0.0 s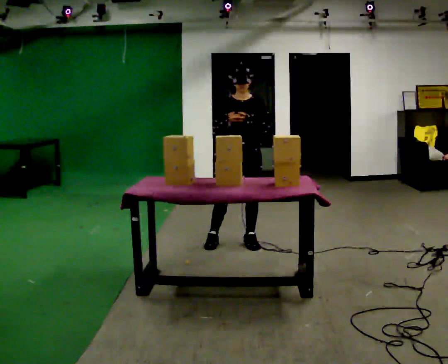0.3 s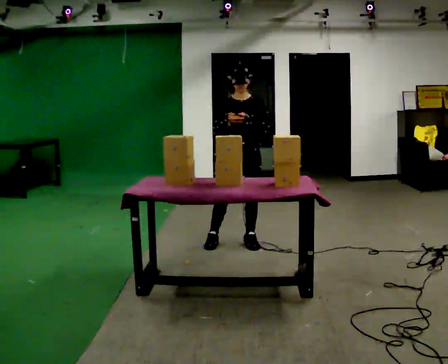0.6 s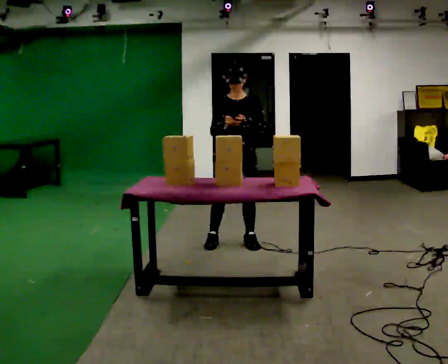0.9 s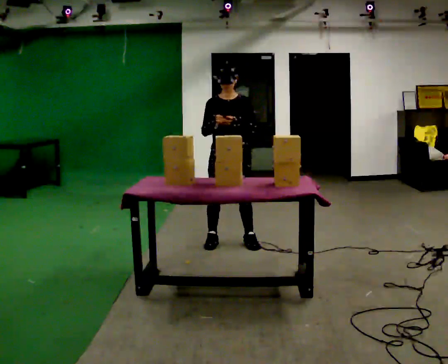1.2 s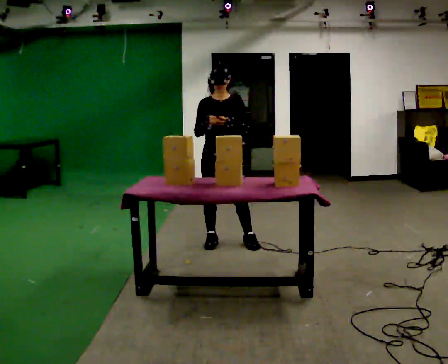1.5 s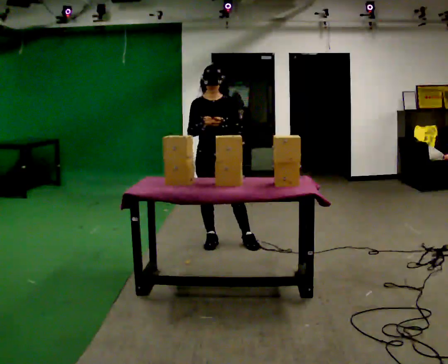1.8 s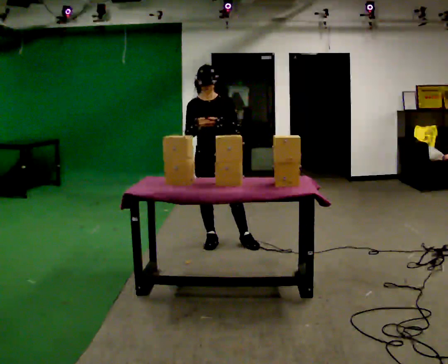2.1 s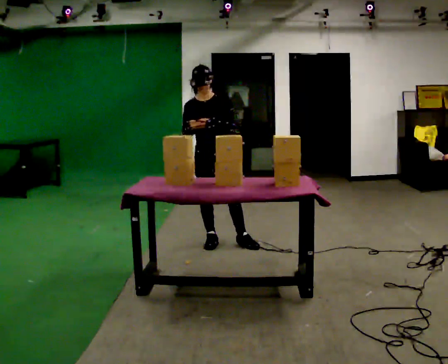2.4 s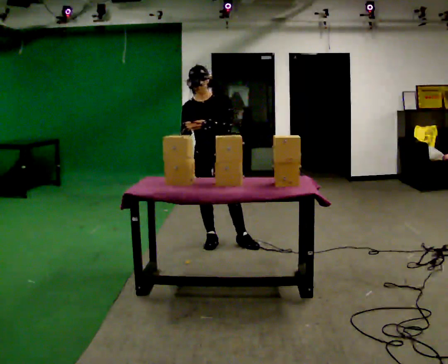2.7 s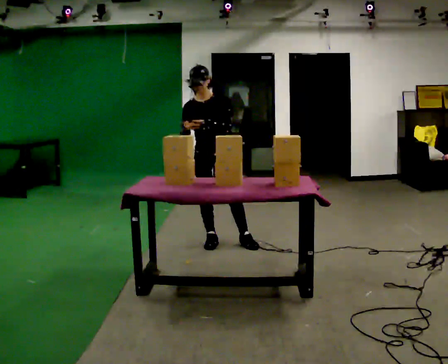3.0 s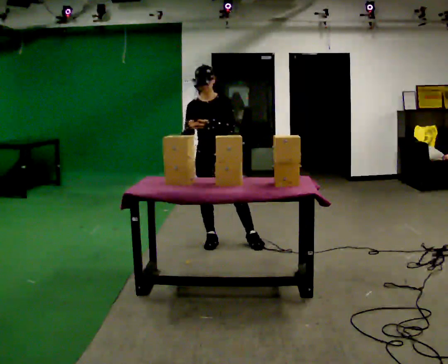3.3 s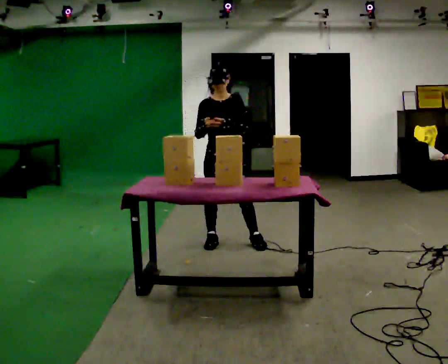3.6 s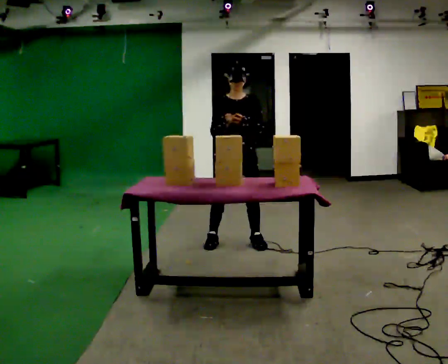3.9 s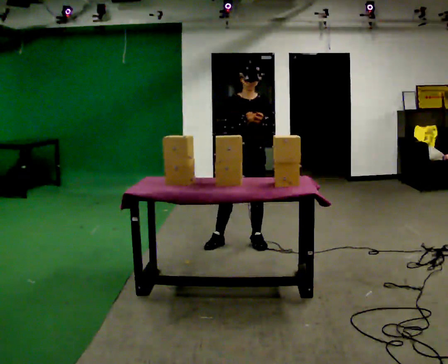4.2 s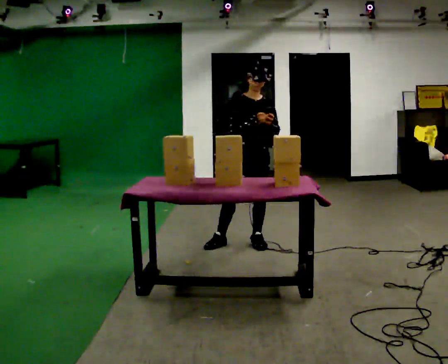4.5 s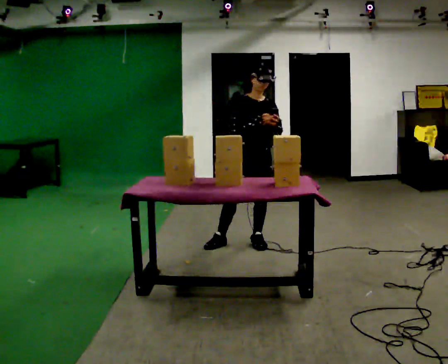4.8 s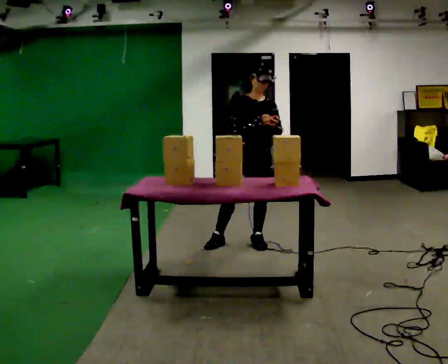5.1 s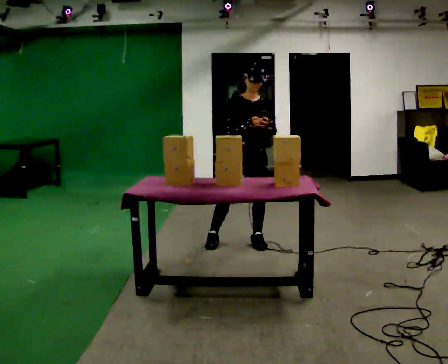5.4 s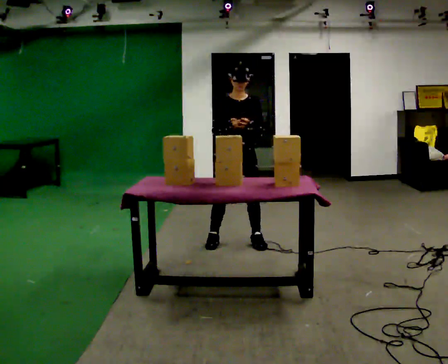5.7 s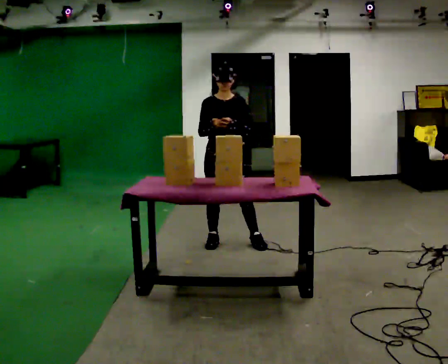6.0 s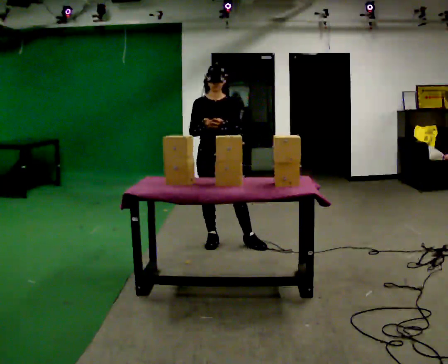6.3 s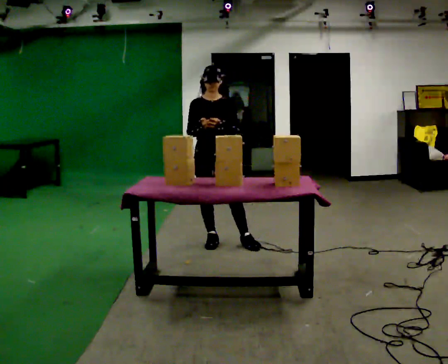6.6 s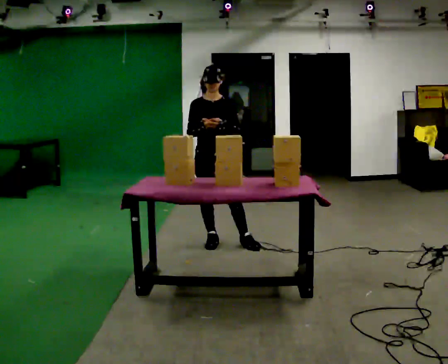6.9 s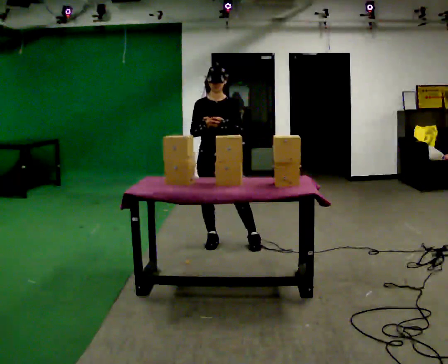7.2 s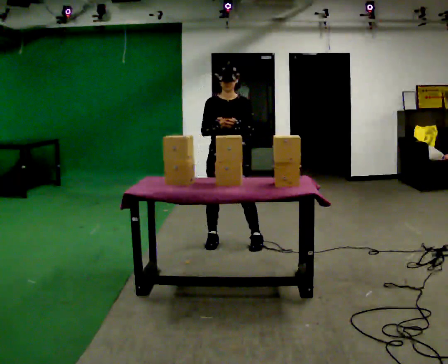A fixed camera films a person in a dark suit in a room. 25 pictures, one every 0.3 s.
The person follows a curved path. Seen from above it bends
counterclockwise.
0.0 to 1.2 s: In the picture they go to the left, about 0.25 m, which for them is to their right.
1.2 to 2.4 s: The person moves a little, or ends about where they began.
2.4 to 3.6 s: In the picture they go to the right, about 0.25 m, which for them is to their left. In the picture their right hand goes to the right.
3.6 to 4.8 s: The person moves a little, or ends about where they began.
4.8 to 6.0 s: In the picture they go to the left, about 0.25 m, which for them is to their right.
6.0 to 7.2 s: The person moves a little, or ends about where they began.
The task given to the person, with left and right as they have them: Carry the handheld device and, while walking, point it at the labels on the shelves and press the button as if scanning them.
The film runs forward here.
